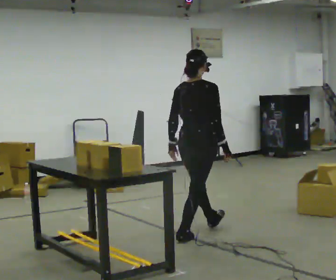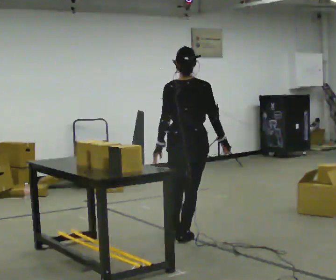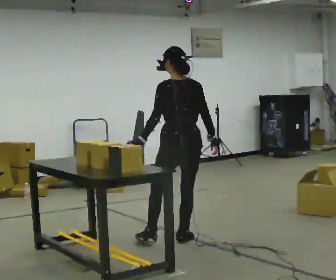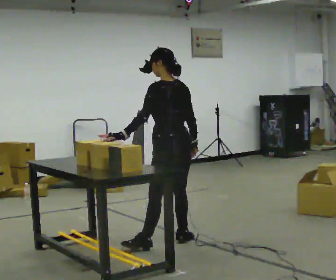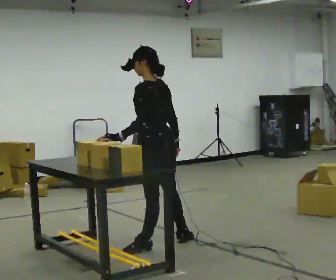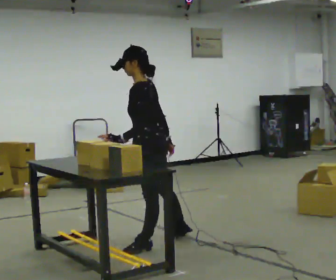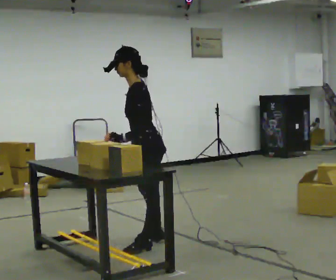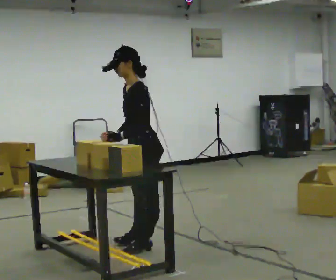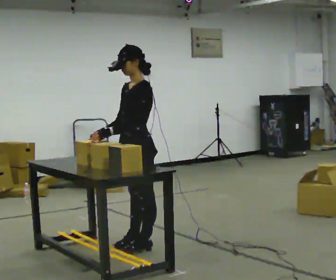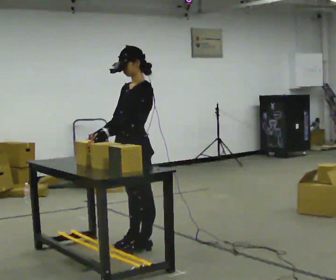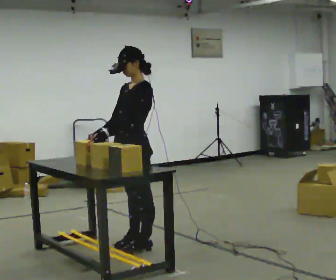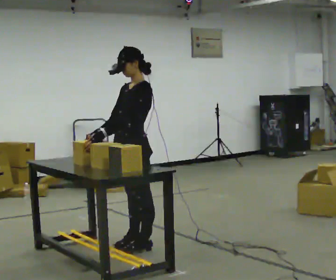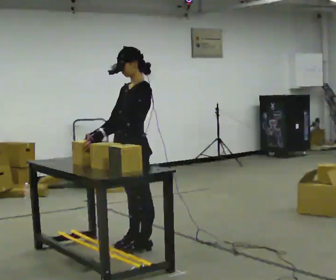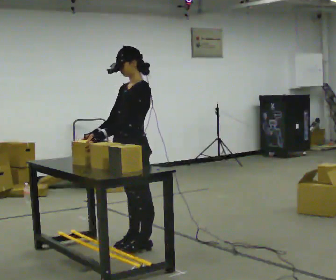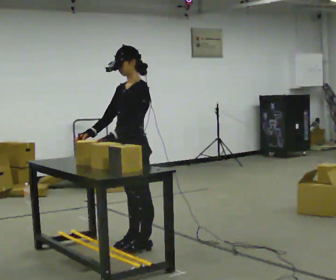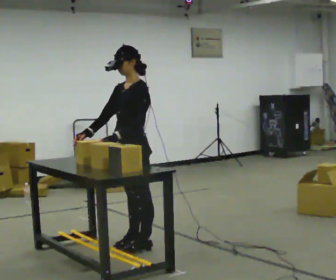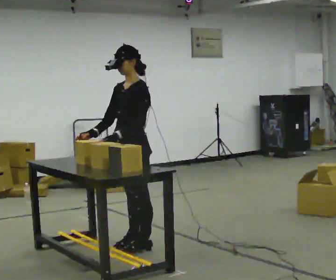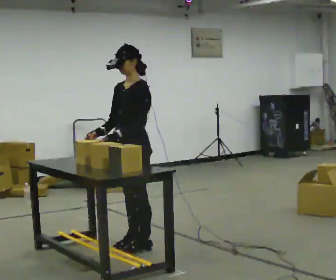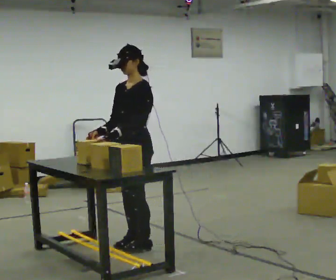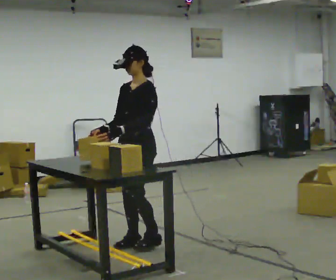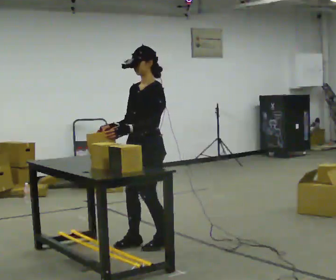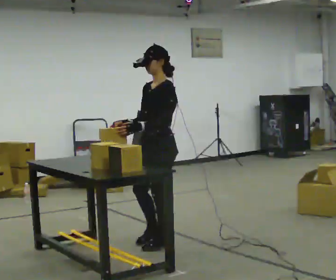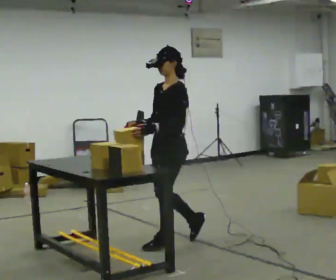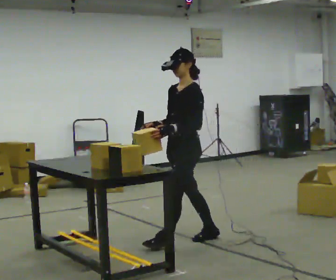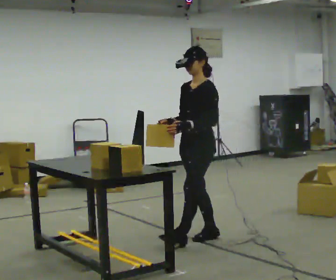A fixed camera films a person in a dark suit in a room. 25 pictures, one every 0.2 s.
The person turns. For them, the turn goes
to their left.
The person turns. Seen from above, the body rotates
counterclockwise.
0.0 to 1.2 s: Seen from above the body turns counterclockwise, about 135 degrees: to their left, with its near side sliding to the right. In the picture they go to the left and toward the camera, about 0.5 m in 1 step. In the picture the upper body tilts counterclockwise, shoulders to the left.
1.2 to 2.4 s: The part of the body nearest the lens slides to the right as the person turns to their left by about 30 degrees. In the picture the upper body tilts clockwise, shoulders to the right, as they lean back or straighten. In the picture their right hand goes to the left, the arm swinging clockwise.
2.4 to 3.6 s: The person moves a little, or ends about where they began.
3.6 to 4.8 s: In the picture they go to the right, about 0.5 m in 3 steps, which for them is backward.
The film runs backward here.
